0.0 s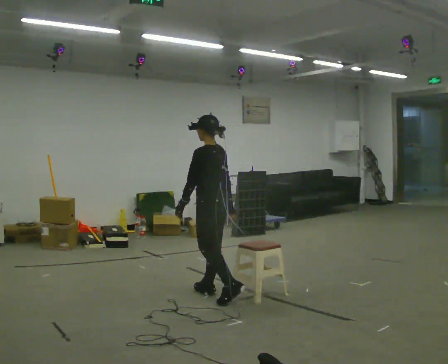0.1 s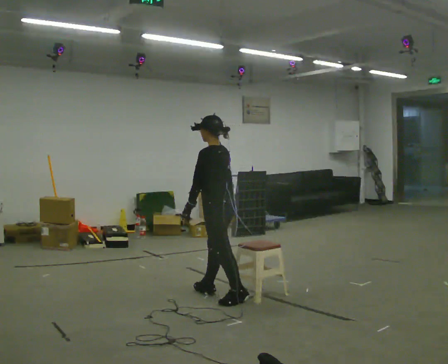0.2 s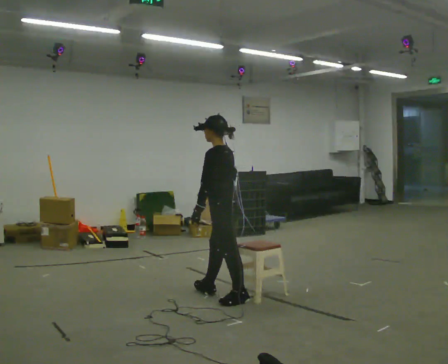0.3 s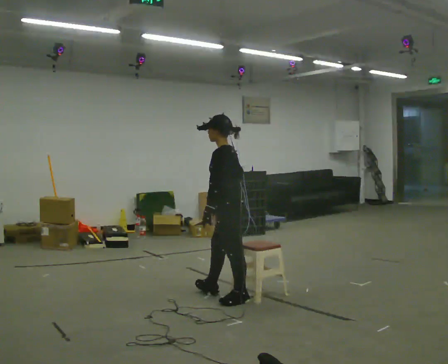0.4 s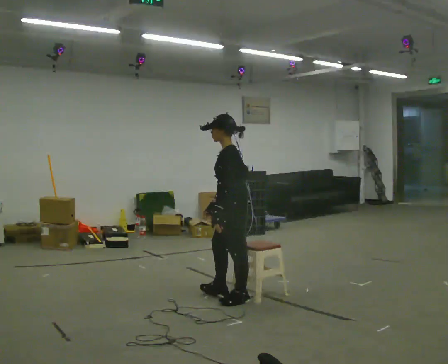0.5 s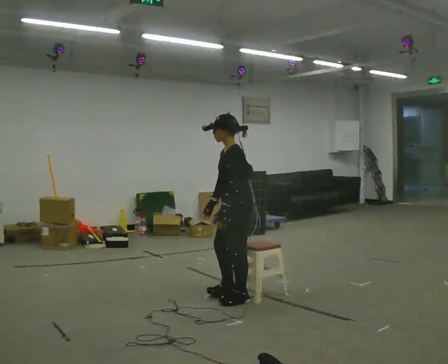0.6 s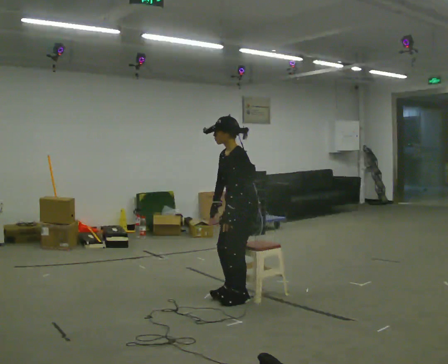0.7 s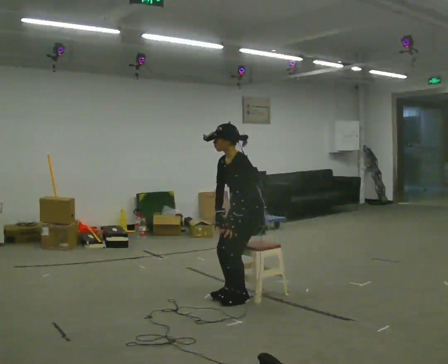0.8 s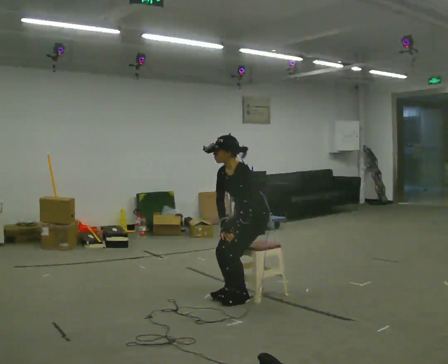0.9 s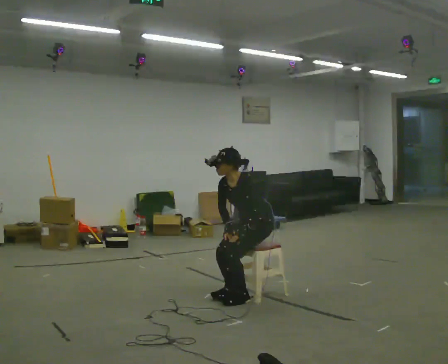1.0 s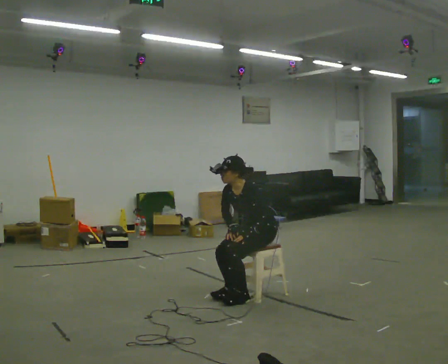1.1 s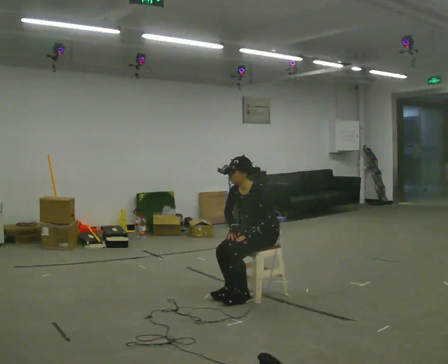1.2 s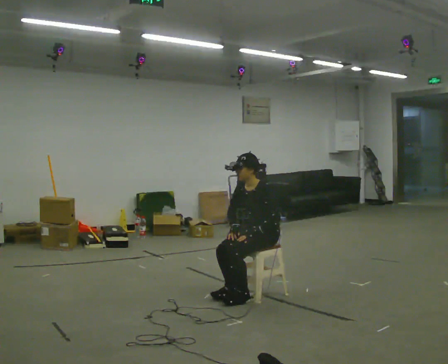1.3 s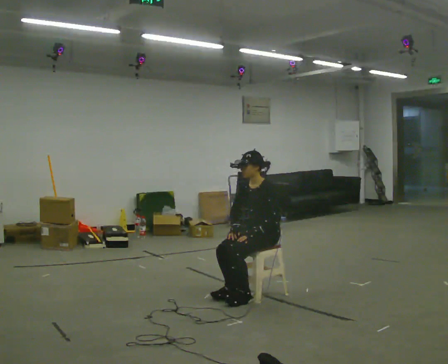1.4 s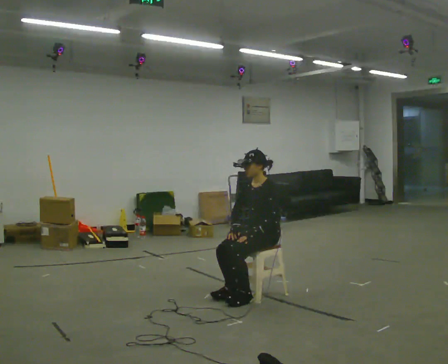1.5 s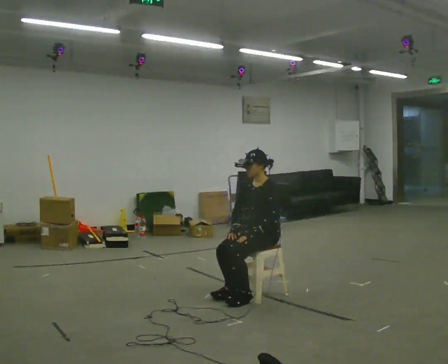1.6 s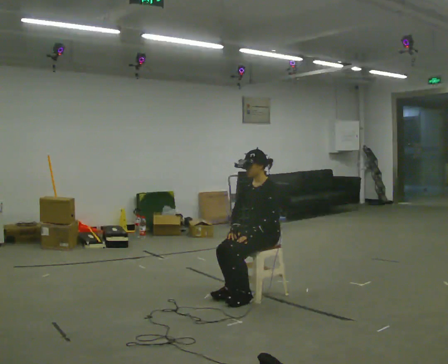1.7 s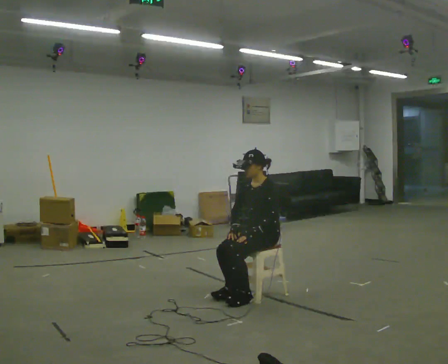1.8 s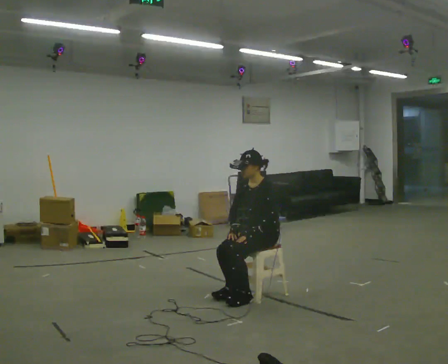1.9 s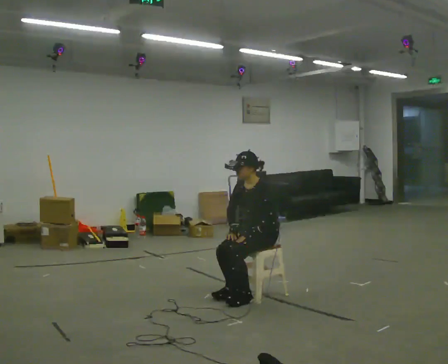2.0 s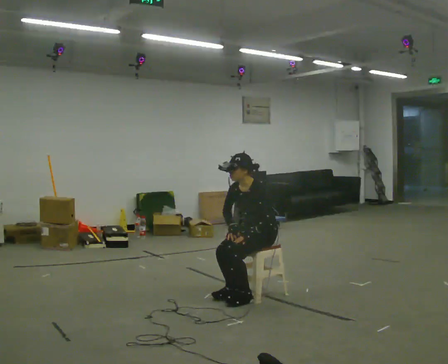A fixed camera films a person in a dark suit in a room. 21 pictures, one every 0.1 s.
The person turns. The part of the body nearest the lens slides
to the right.
The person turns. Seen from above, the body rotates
counterclockwise.
0.0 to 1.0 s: Seen from above the body turns counterclockwise, about 75 degrees: to their left, with its near side sliding to the right. In the picture they go to the right, about 0.5 m in 1 step. The shoulders move downward. In the picture the upper body tilts counterclockwise, shoulders to the left, as they bend forward.
1.0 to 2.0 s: The person moves a little, or ends about where they began.
The film runs backward here.
